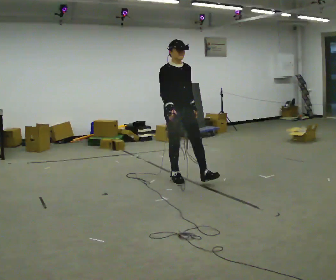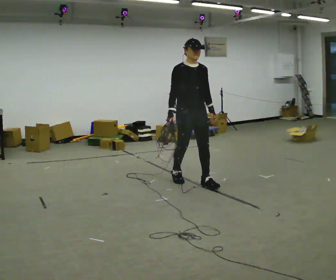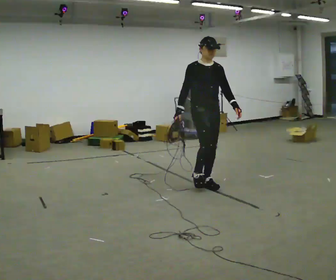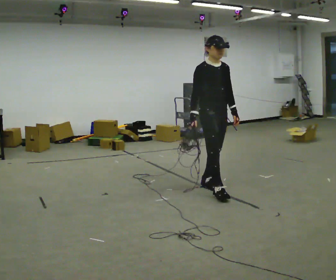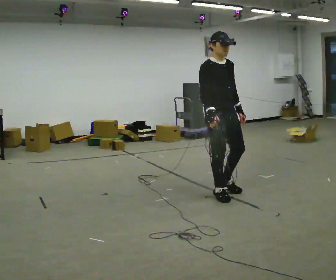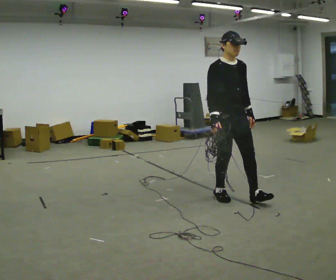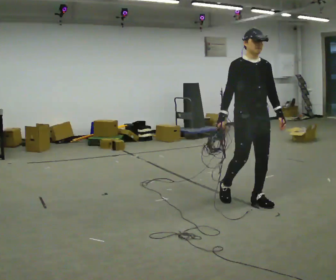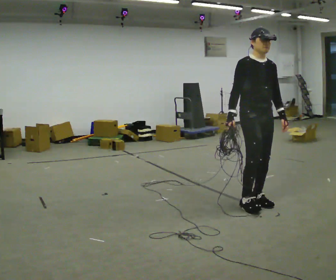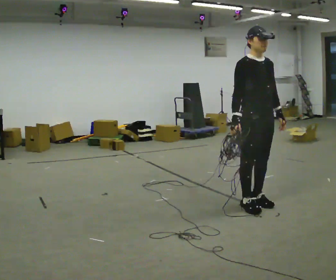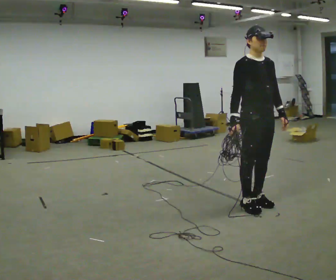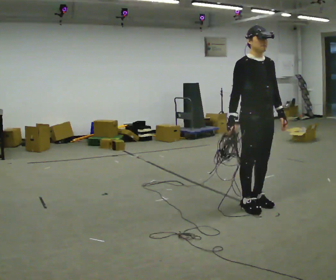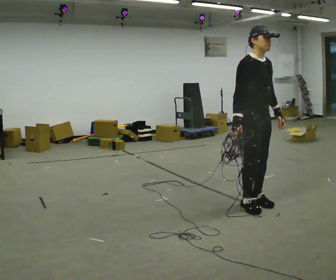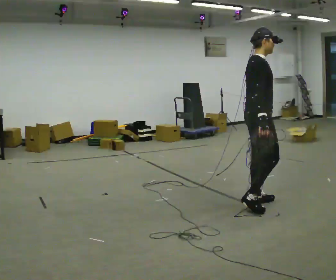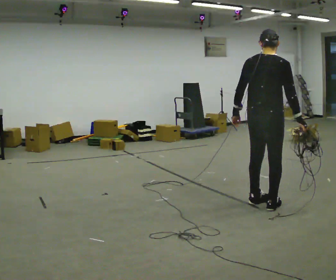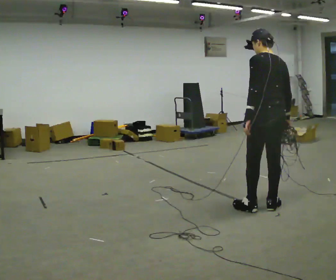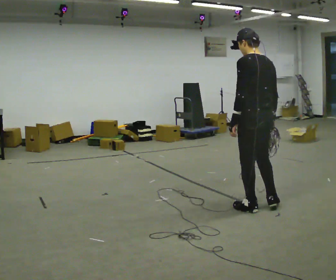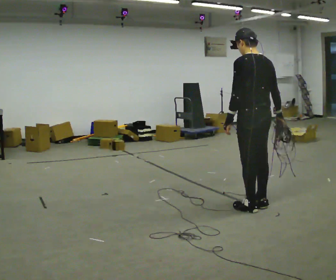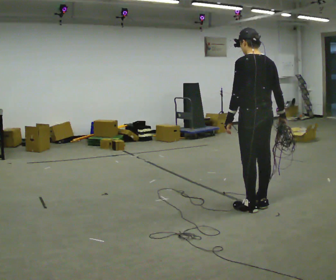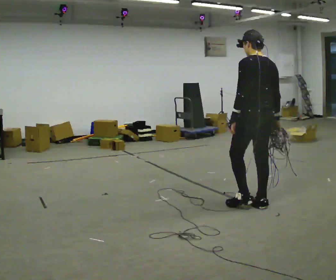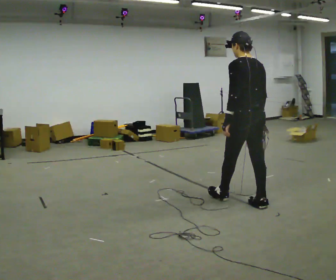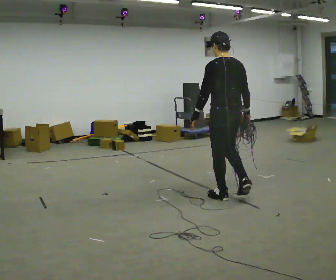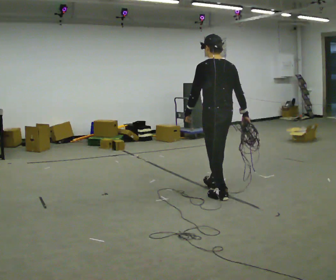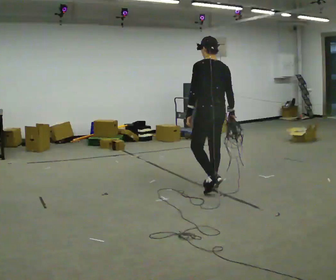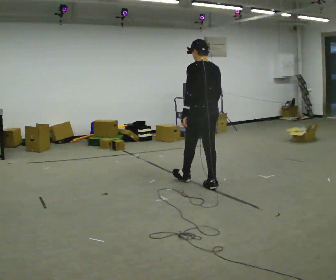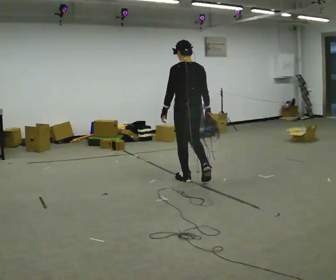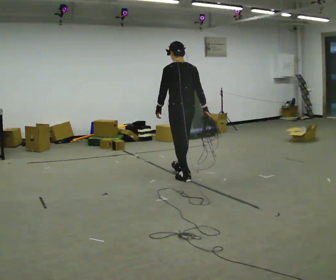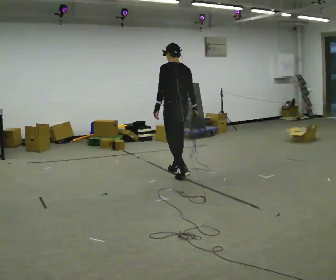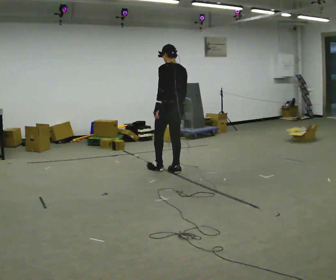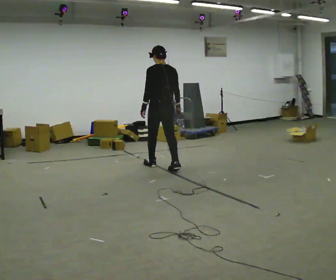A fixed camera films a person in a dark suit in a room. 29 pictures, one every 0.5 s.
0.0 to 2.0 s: In the picture they go to the right and toward the camera, about 1 m in 2 steps, which for them is forward.
2.0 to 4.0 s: In the picture they go to the right and toward the camera, about 0.5 m in 2 steps, which for them is forward and to their left.
4.0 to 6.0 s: Seen from above the body turns counterclockwise, about 60 degrees: to their left, with its near side sliding to the right.
6.0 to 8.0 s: The person turns about 120 degrees to their left, counterclockwise seen from above, so the part of the body nearest the lens slides to the right.
8.0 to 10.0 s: In the picture they go to the left and away from the camera, about 0.5 m in 1 step, which for them is forward.
10.0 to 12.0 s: In the picture they go to the left and away from the camera, about 1 m in 2 steps, which for them is forward.
12.0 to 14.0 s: In the picture they go to the left and away from the camera, about 1 m in 2 steps, which for them is forward.
The film runs forward here.
